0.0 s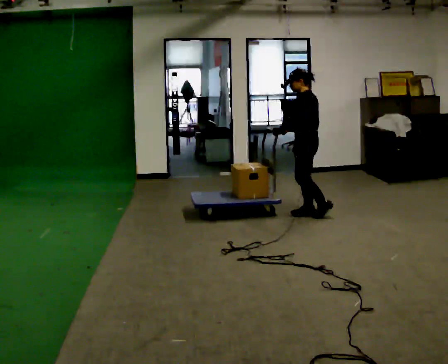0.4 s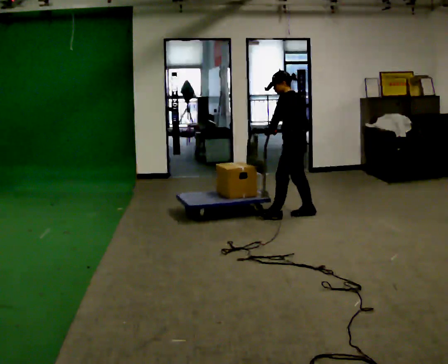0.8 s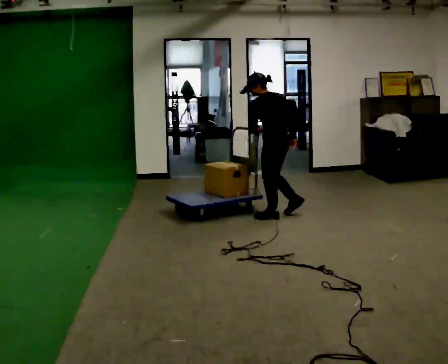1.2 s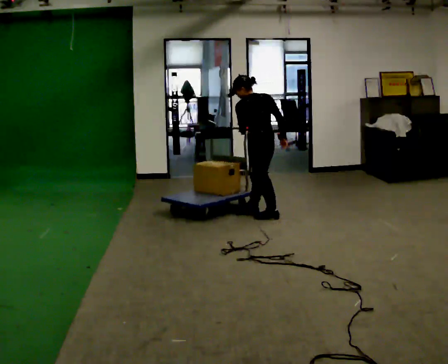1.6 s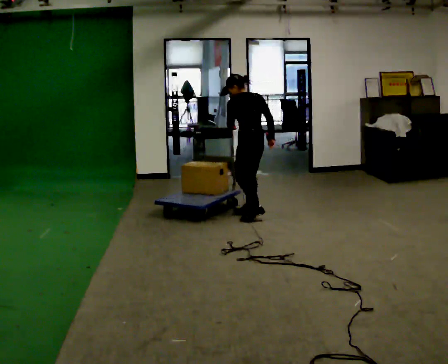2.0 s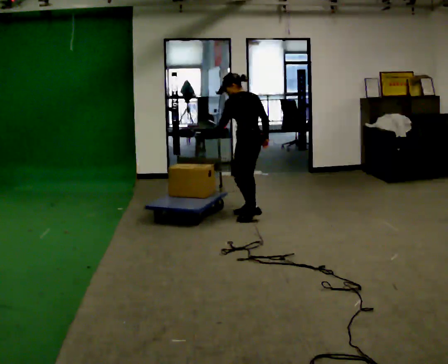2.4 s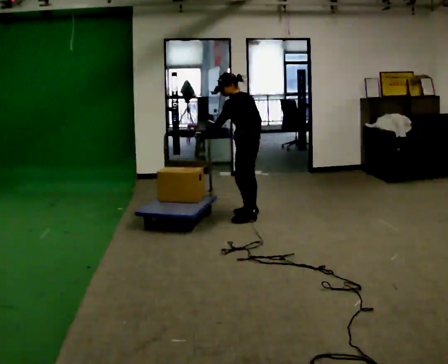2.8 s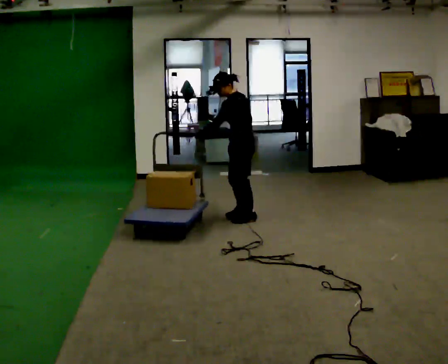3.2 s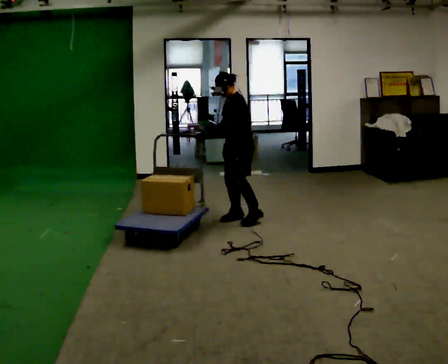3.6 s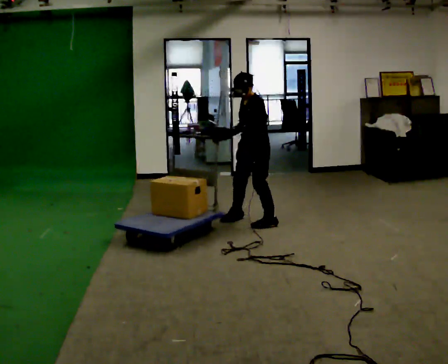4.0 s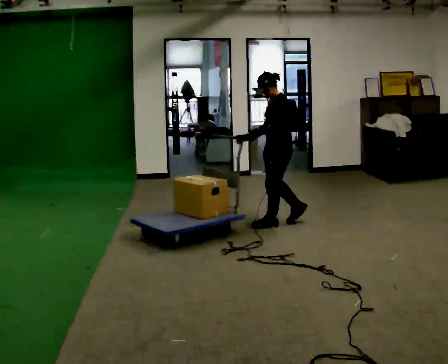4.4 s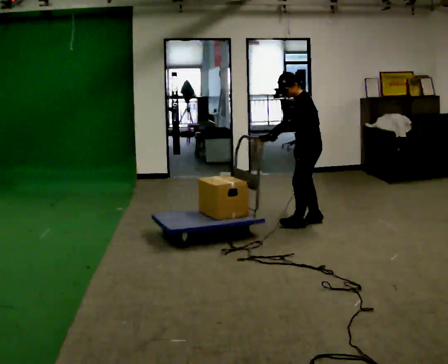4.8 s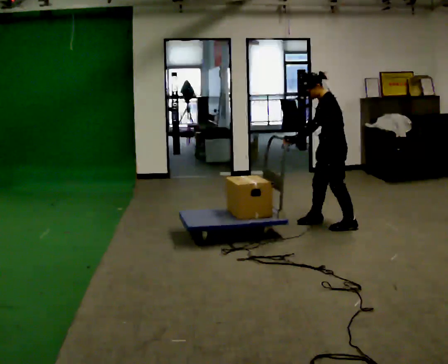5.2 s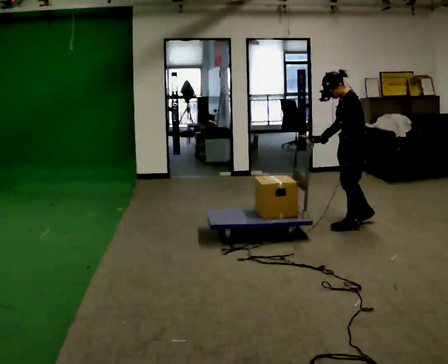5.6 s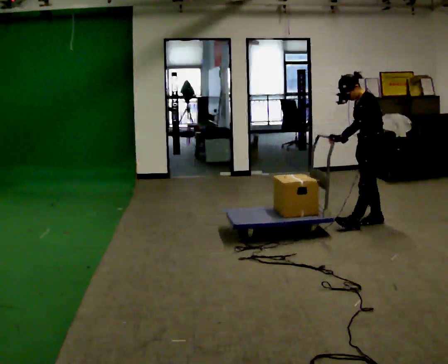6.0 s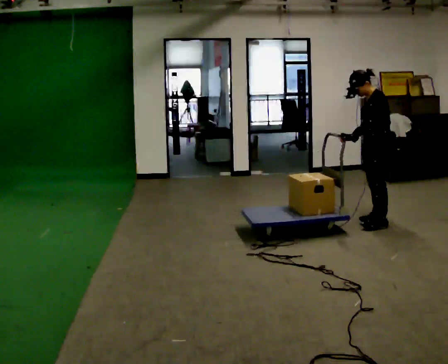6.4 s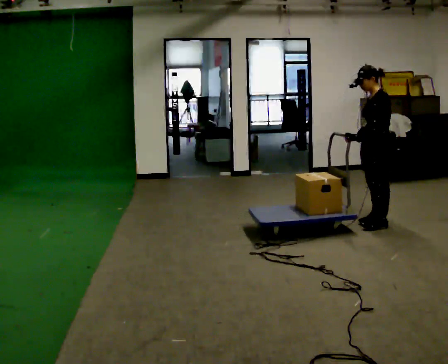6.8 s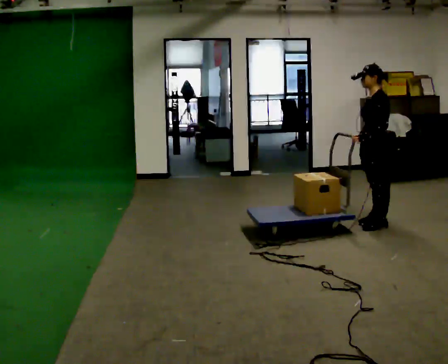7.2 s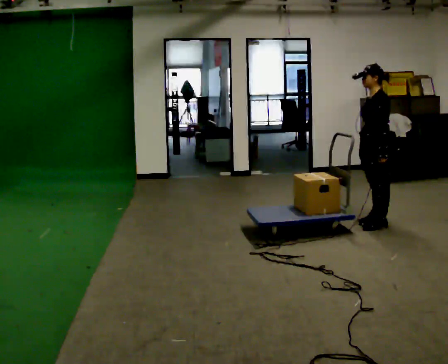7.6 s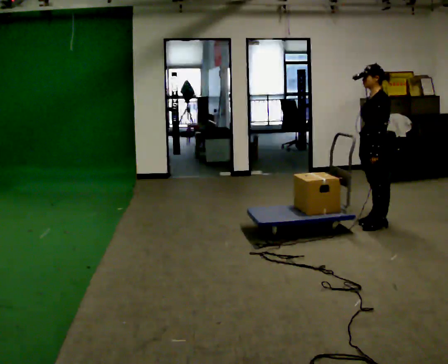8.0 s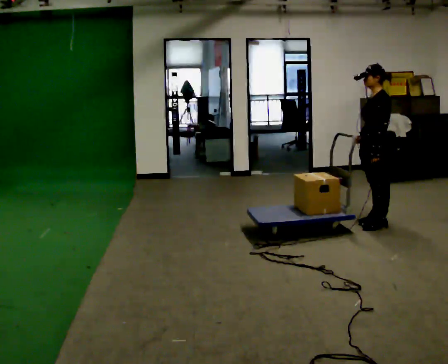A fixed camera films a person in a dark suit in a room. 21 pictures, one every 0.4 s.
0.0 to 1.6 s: The person turns about 45 degrees to their right, clockwise seen from above, so the part of the body nearest the lens slides to the left. In the picture they go to the left, about 0.5 m in 2 steps, which for them is forward and to their left.
1.6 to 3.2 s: Seen from above the body turns counterclockwise, about 75 degrees: to their left, with its near side sliding to the right. In the picture they go toward the camera, about 0.25 m in 2 steps. The upper body tips toward the camera, its near side rolling downward.
3.2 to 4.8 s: In the picture they go to the right, about 1 m in 3 steps, which for them is backward and to their left.
4.8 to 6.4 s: In the picture they go to the right, about 0.25 m in 2 steps, which for them is backward.
6.4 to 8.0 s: The person moves a little, or ends about where they began.
The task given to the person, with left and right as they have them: Push the cart along the marked route and round the corner to the side the operator calls.
The film runs forward here.
